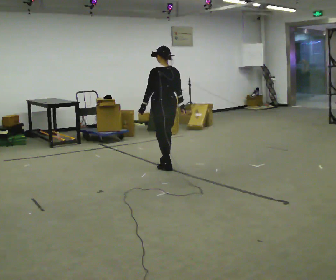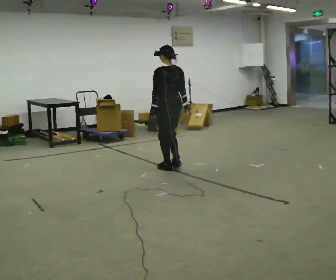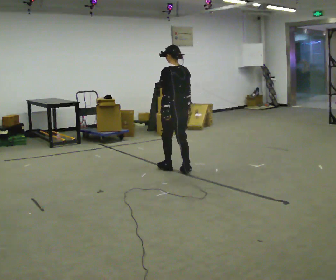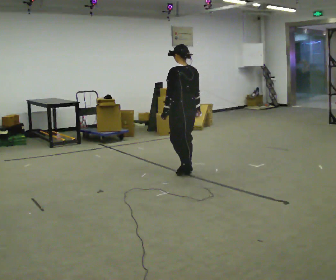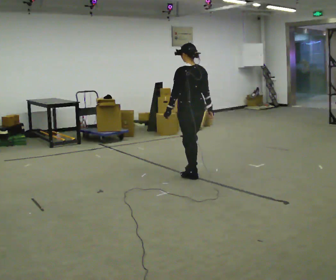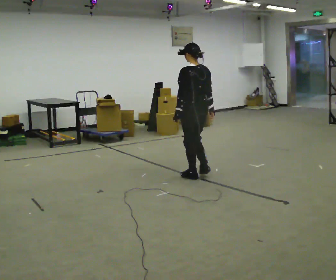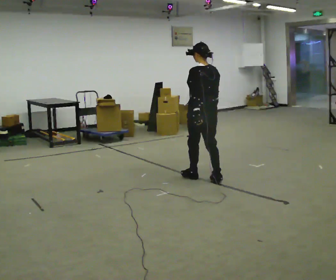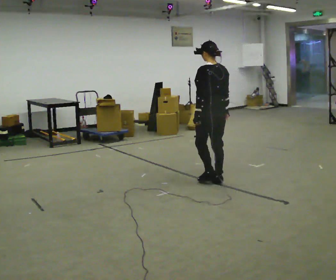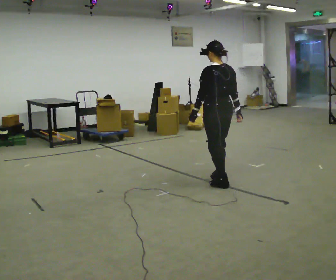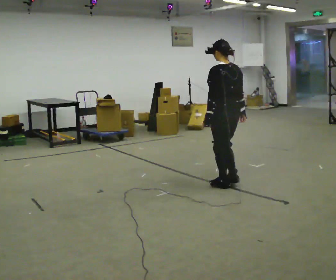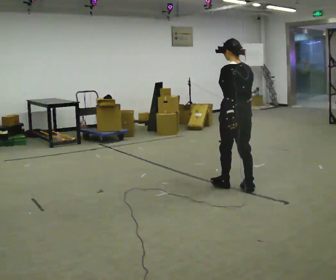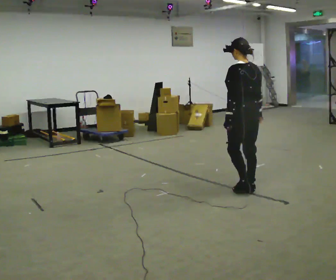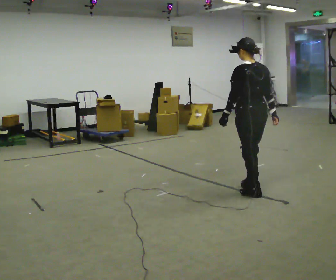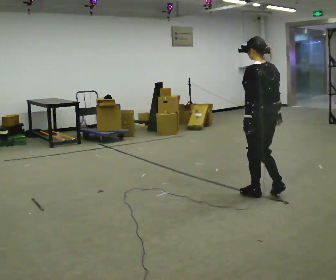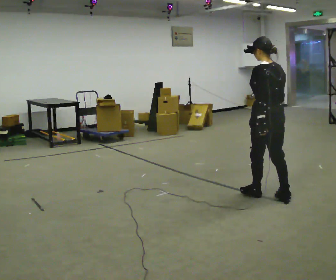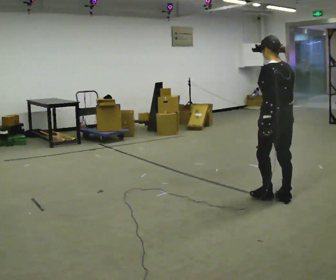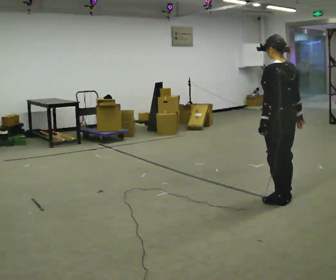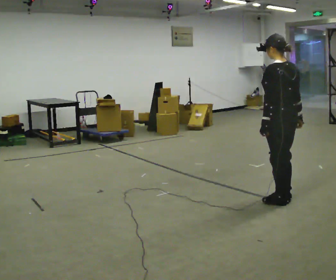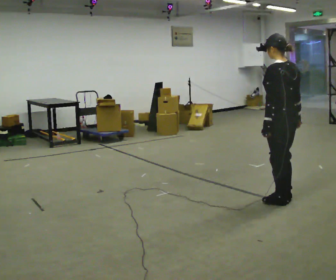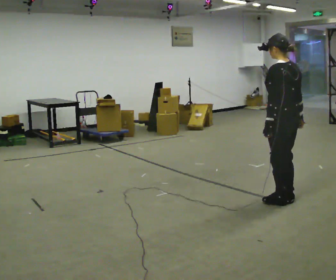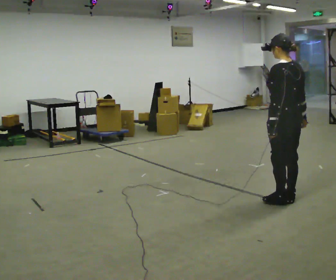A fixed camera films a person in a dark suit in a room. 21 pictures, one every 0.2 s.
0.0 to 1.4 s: In the picture they go to the right and toward the camera, about 1 m in 4 steps, which for them is backward.
1.4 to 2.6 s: In the picture they go toward the camera and to the right, about 0.75 m in 3 steps, which for them is backward.
2.6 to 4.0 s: In the picture they go to the right and toward the camera, about 0.25 m in 1 step, which for them is backward.
The film runs backward here.
